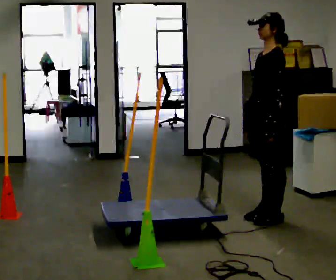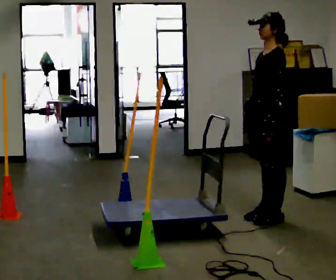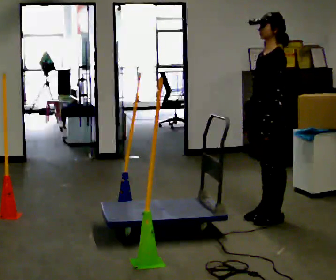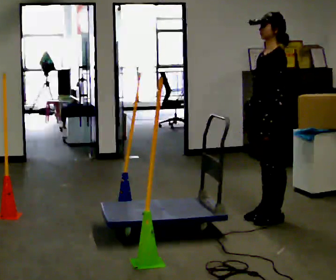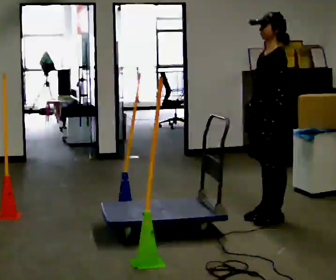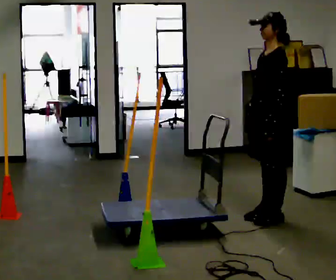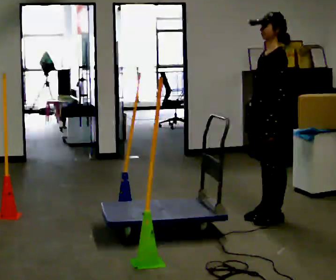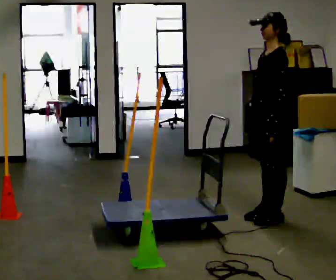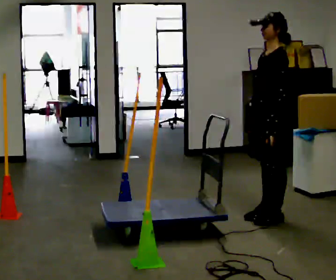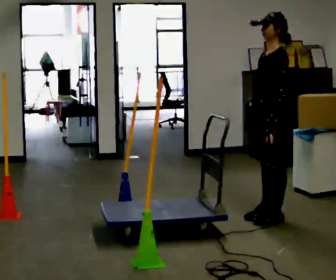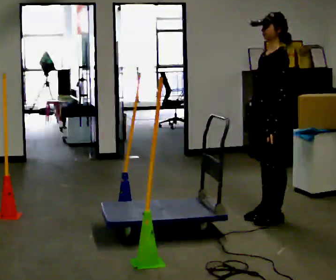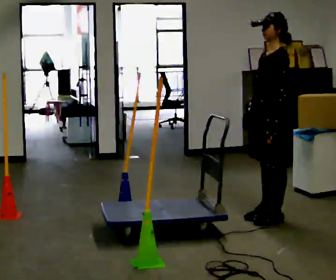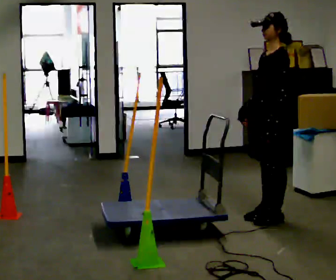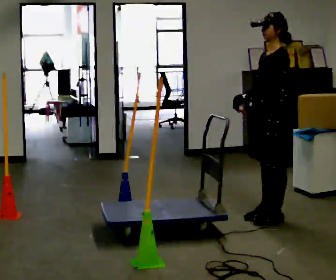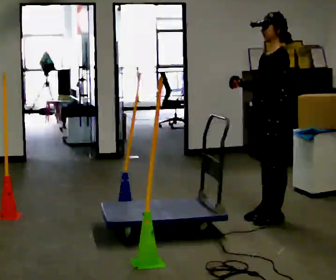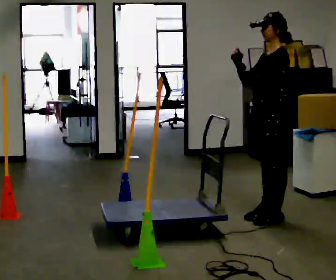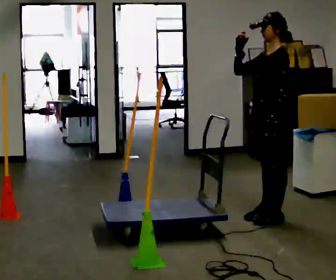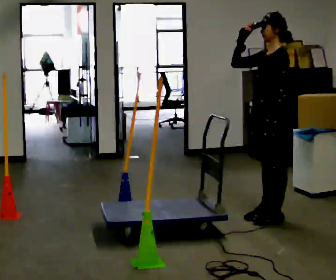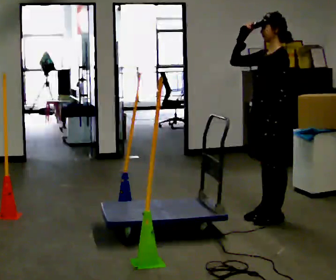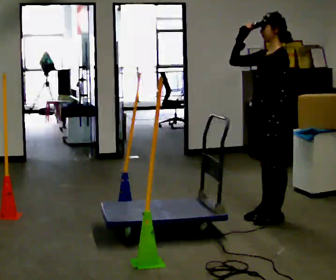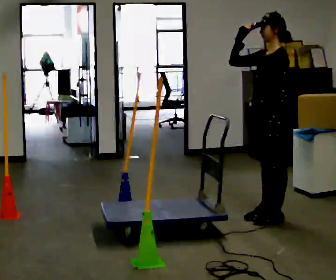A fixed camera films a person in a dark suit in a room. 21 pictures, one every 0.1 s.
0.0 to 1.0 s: The person keeps their place and pose.
1.0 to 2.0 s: In the picture their right hand goes upward.
The film runs forward here.
